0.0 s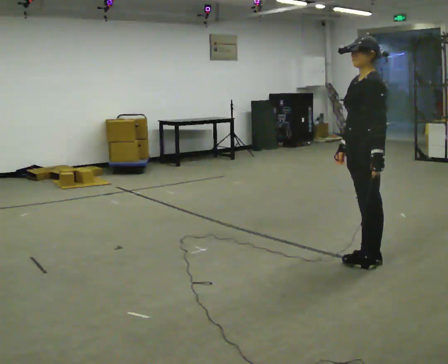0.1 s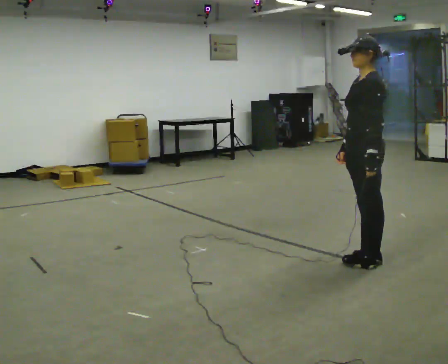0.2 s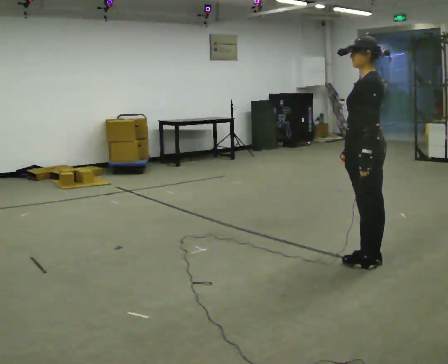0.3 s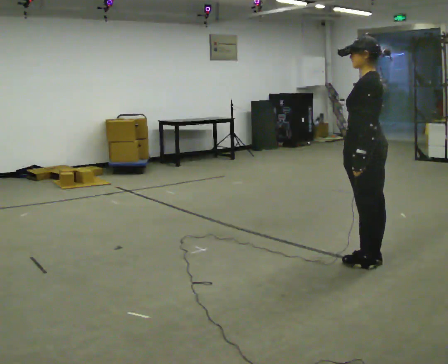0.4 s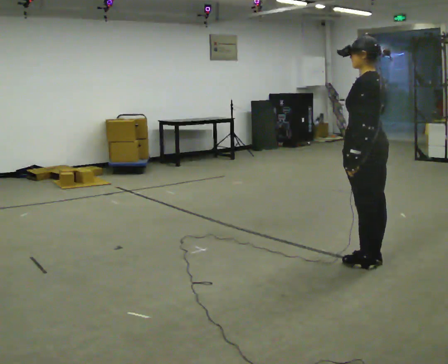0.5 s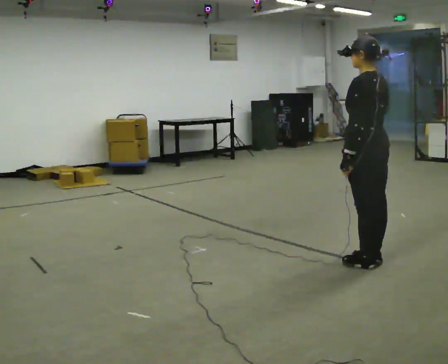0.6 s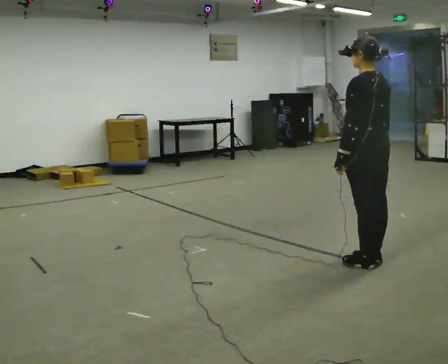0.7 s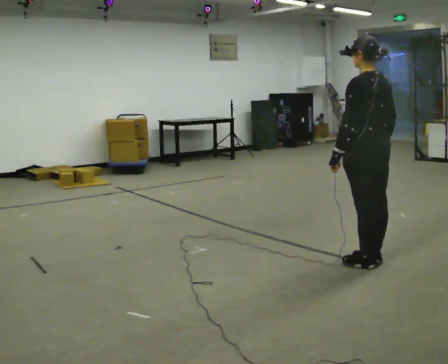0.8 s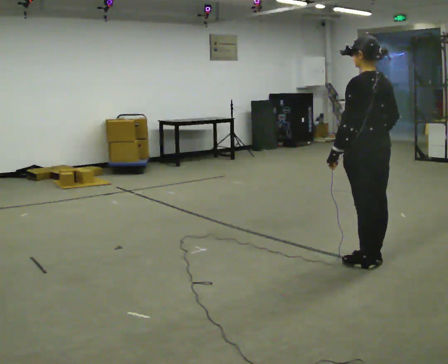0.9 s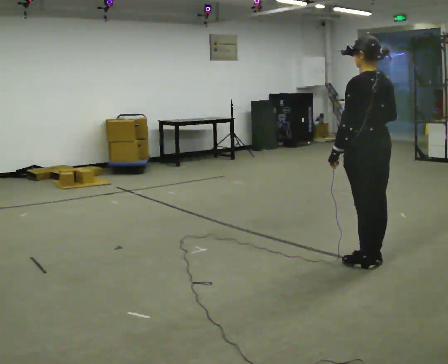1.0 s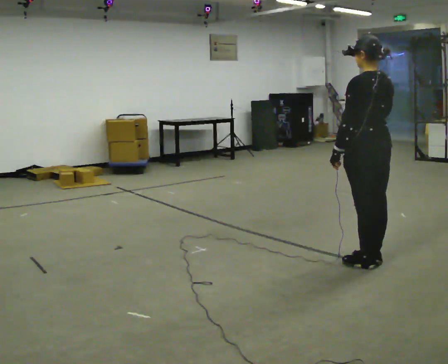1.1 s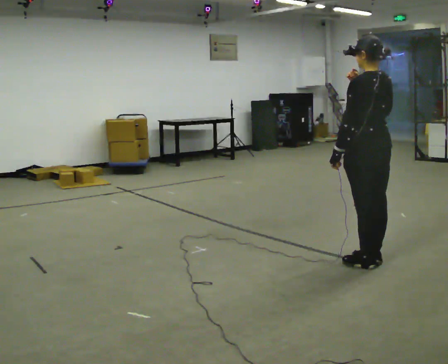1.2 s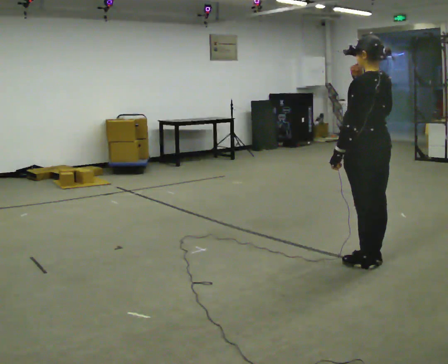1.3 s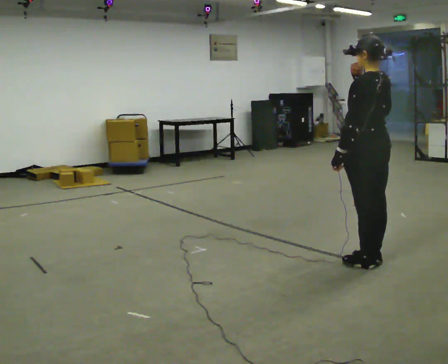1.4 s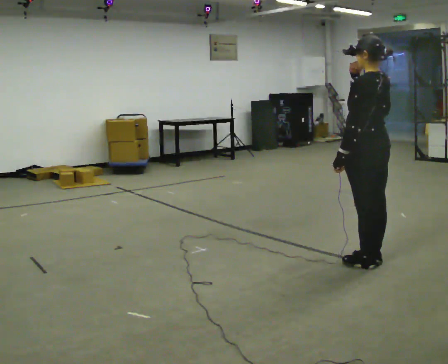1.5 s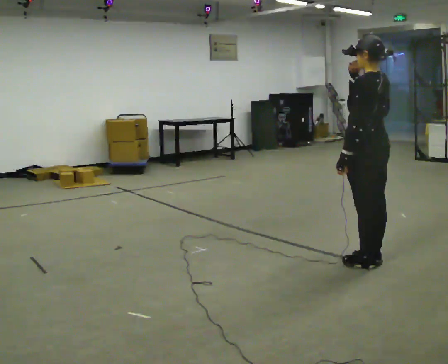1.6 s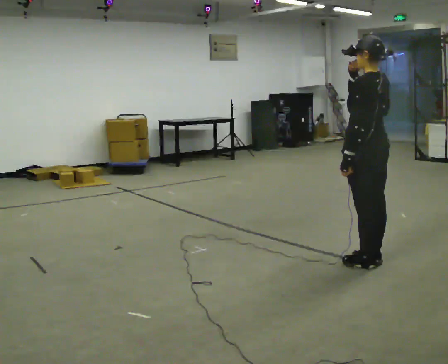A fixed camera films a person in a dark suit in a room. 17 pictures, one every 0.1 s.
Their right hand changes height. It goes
upward.
0.0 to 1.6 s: The person turns about 30 degrees to their right, clockwise seen from above, so the part of the body nearest the lens slides to the left. In the picture their right hand goes upward.
The film runs forward here.
